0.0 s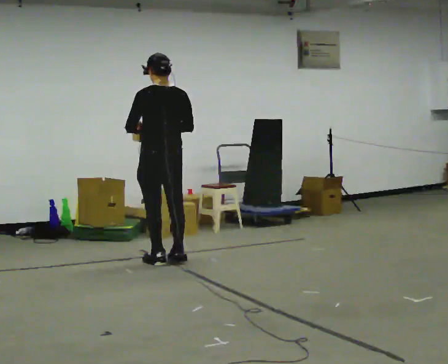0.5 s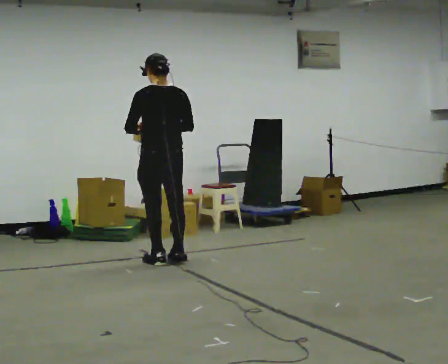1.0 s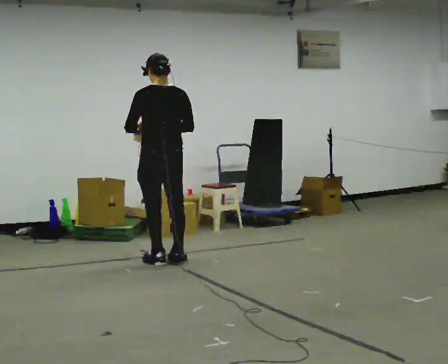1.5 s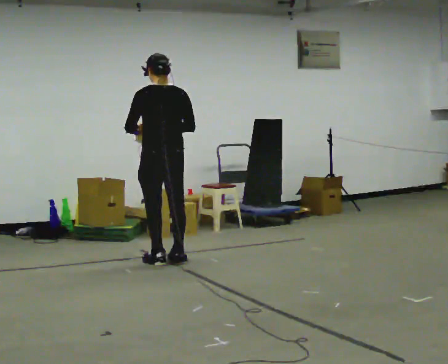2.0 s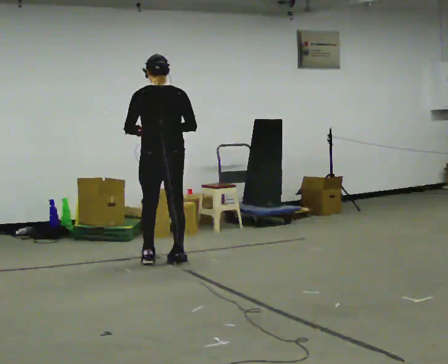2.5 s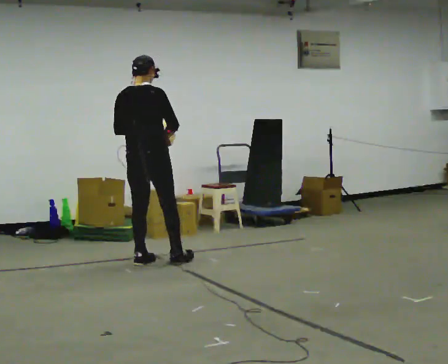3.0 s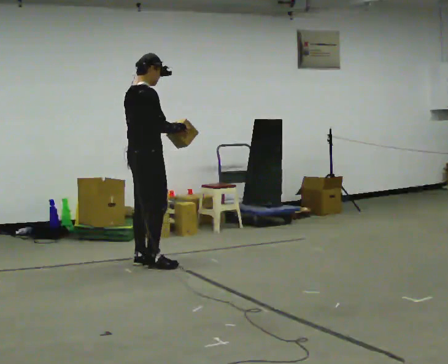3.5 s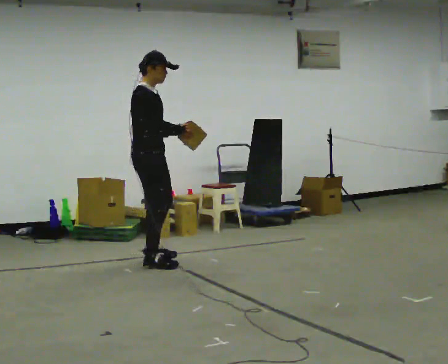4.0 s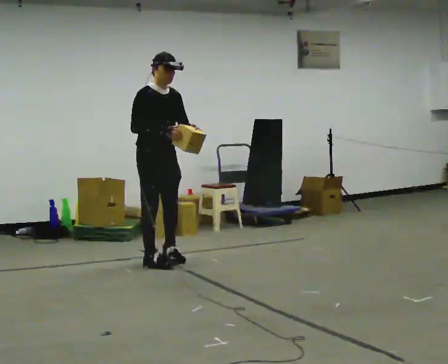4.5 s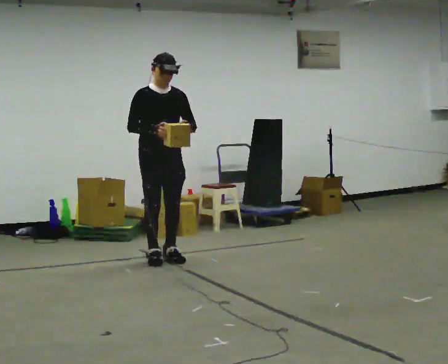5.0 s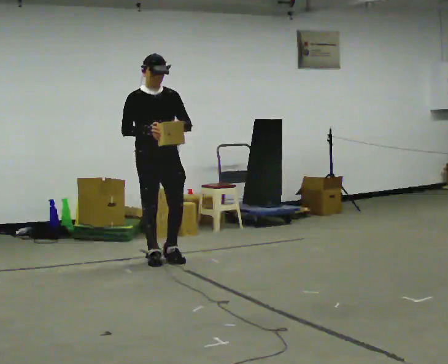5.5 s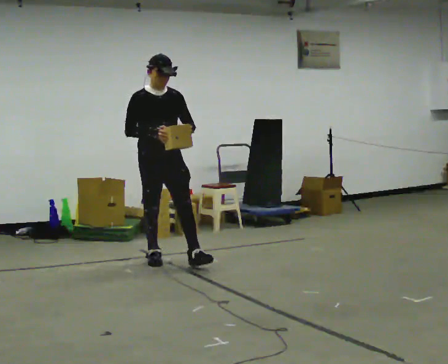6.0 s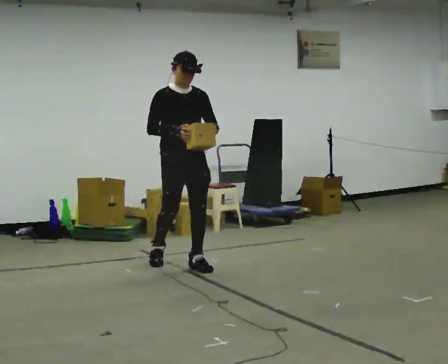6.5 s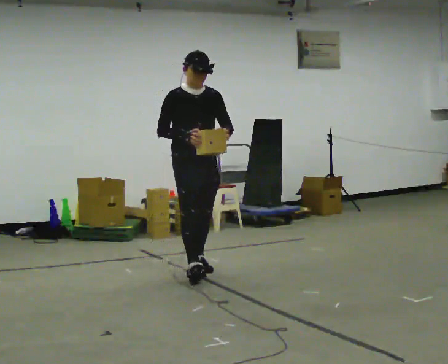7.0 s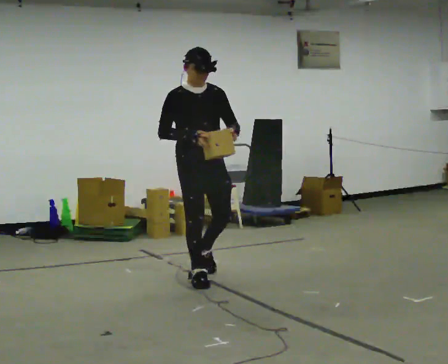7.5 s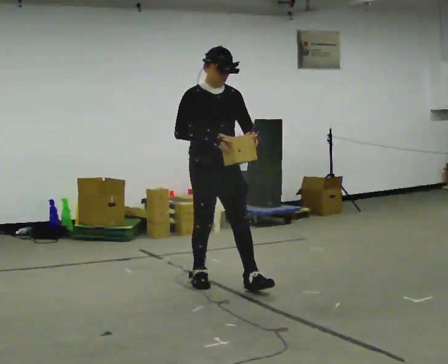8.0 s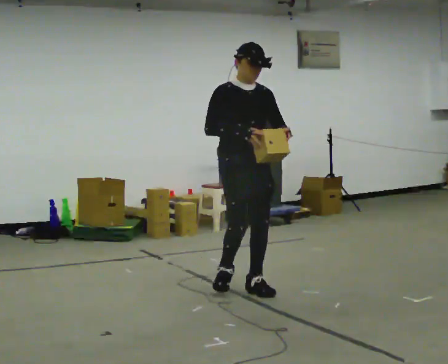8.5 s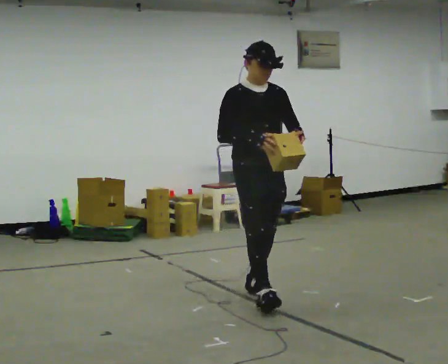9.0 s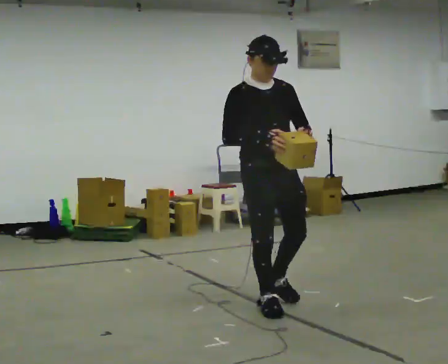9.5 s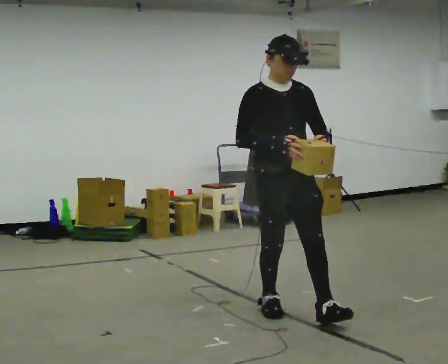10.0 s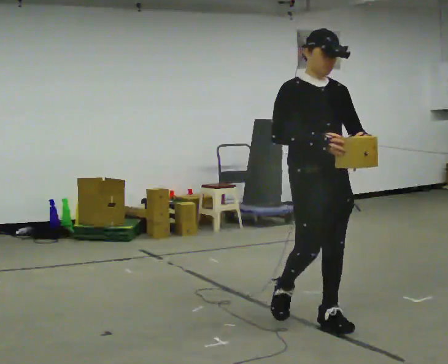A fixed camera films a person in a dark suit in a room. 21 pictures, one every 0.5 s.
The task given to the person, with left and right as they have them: Carry the object and, while walking, turn it over in your hands to look at all sides of it. Keep turning it as you walk.
0.0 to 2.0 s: The person moves a little, or ends about where they began.
2.0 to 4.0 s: Seen from above the body turns clockwise, about 135 degrees: to their right, with its near side sliding to the left. In the picture their left hand goes to the right.
4.0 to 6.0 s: In the picture they go toward the camera and to the right, about 0.25 m in 2 steps, which for them is forward and to their left.
6.0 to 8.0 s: In the picture they go toward the camera and to the right, about 1 m in 2 steps, which for them is forward.
8.0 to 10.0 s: In the picture they go toward the camera, about 1 m in 2 steps, which for them is forward.
The film runs forward here.
